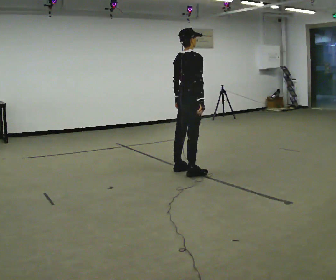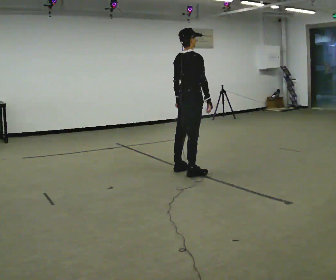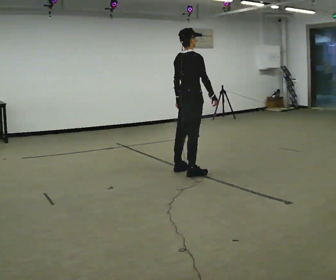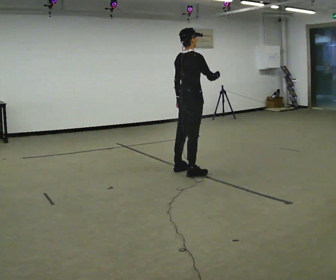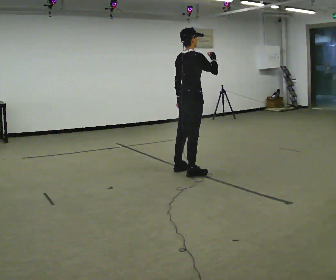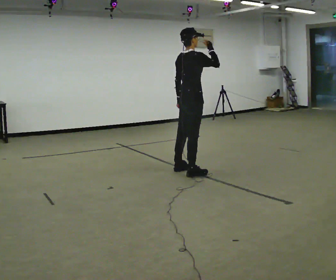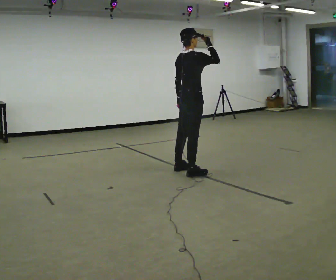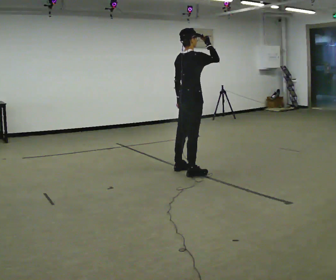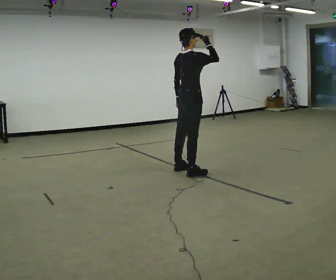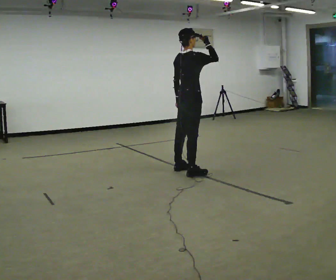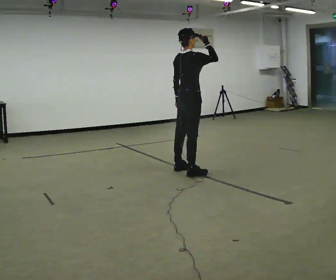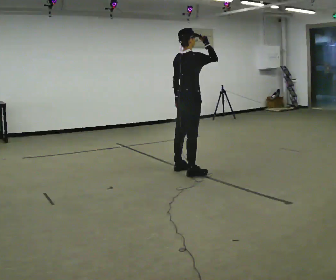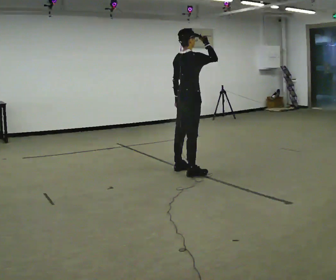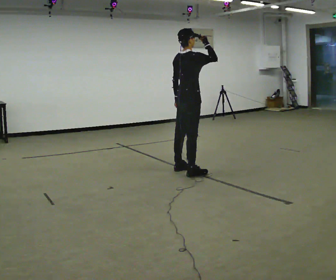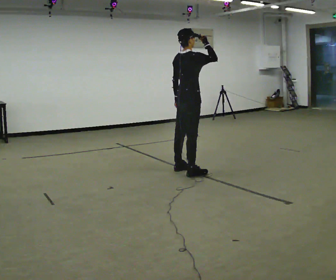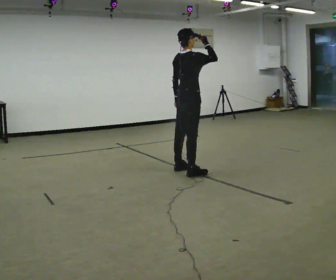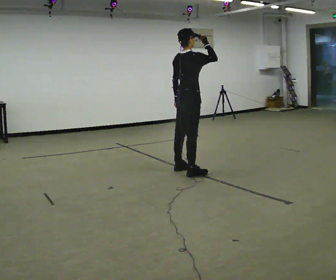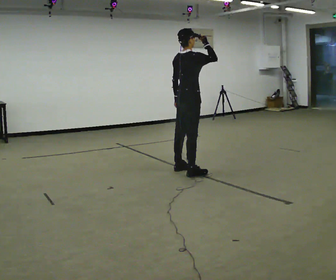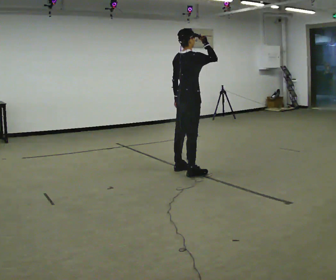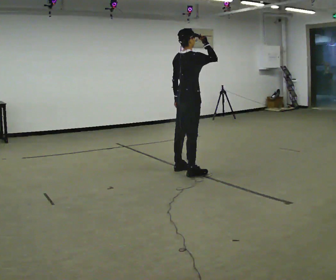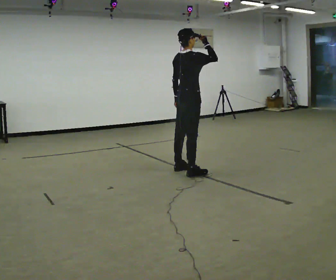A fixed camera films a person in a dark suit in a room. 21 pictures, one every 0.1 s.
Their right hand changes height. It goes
upward.
0.0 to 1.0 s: In the picture their right hand goes upward.
1.0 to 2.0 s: The person keeps their place and pose.
The film runs backward here.
